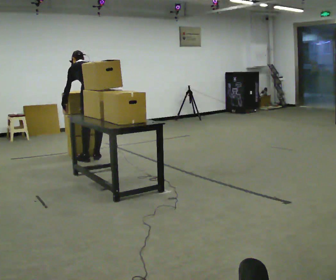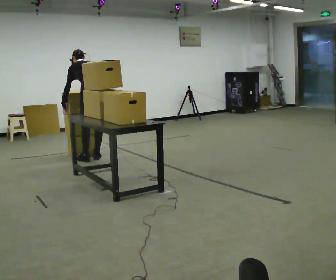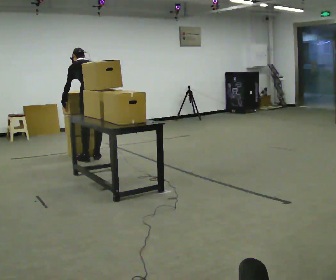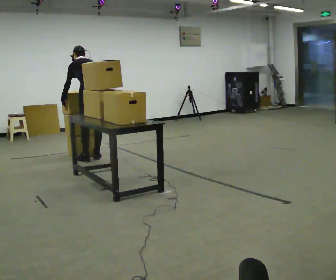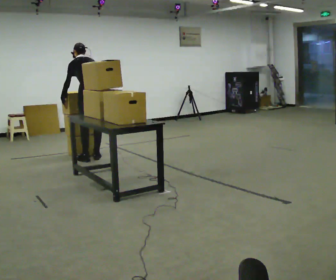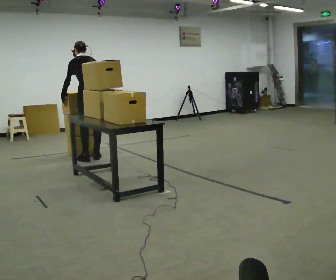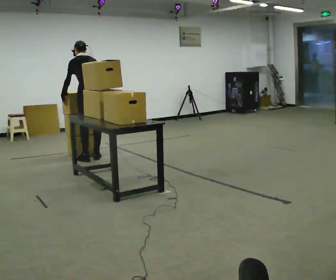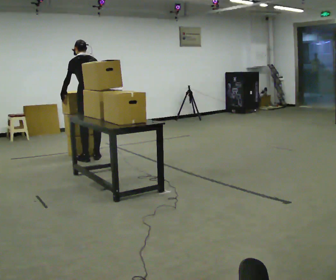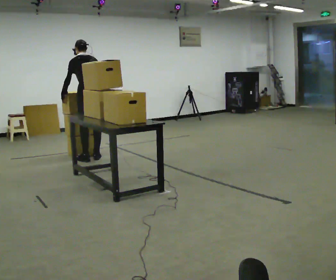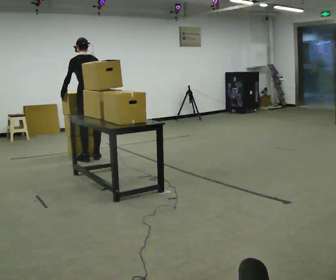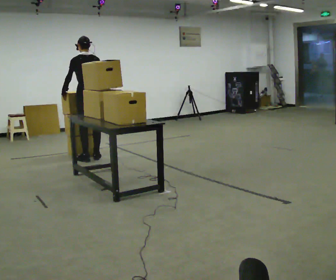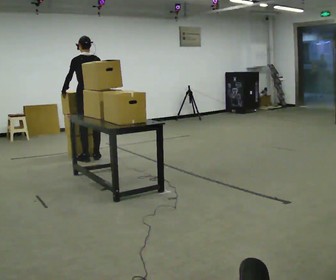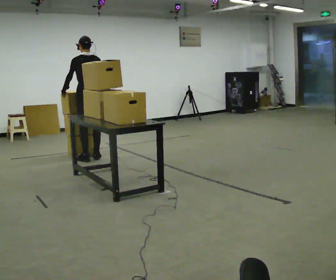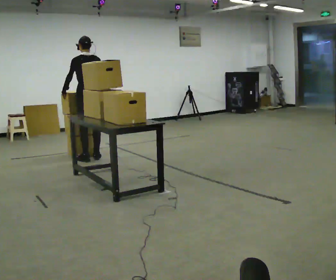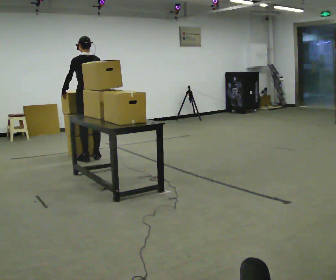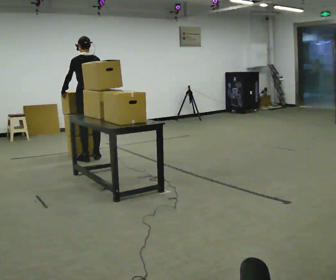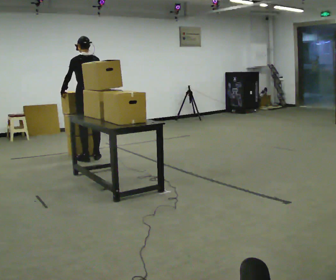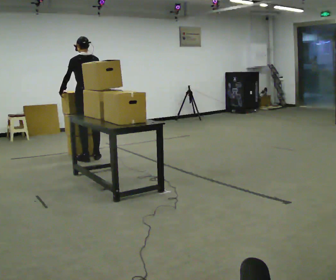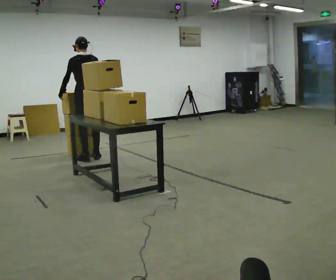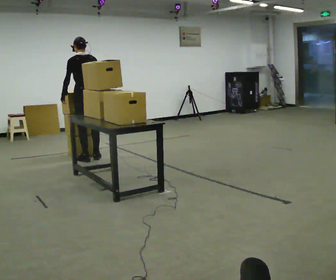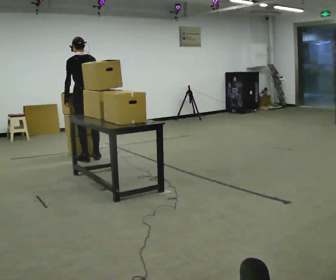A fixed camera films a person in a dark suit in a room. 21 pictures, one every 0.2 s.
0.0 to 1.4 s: The upper body tips toward the camera, its near side rolling downward, as they lean back or straighten.
1.4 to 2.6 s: The upper body tips toward the camera, its near side rolling downward, as they lean back or straighten.
2.6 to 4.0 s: The person moves a little, or ends about where they began.
The film runs backward here.
